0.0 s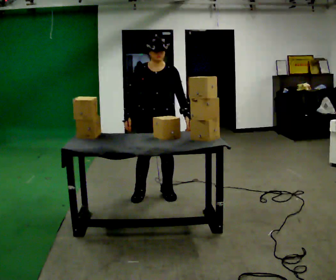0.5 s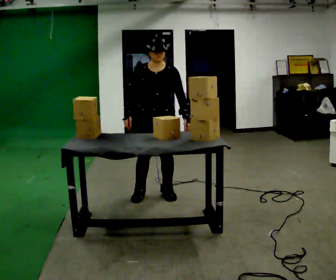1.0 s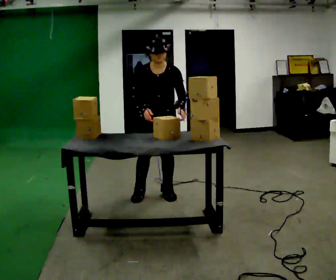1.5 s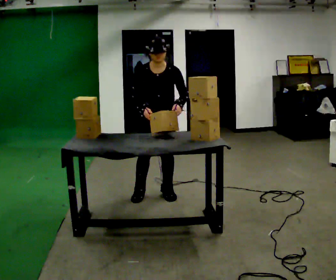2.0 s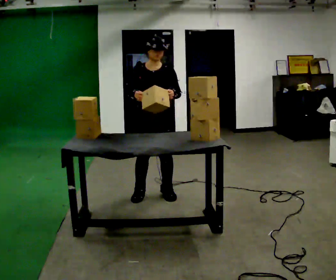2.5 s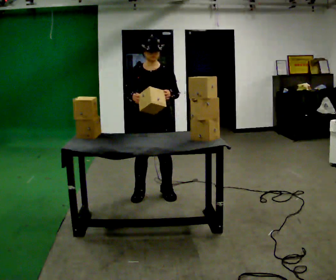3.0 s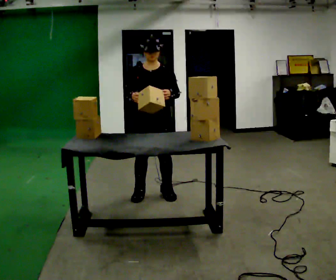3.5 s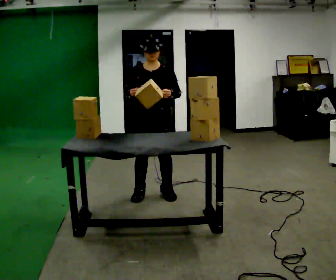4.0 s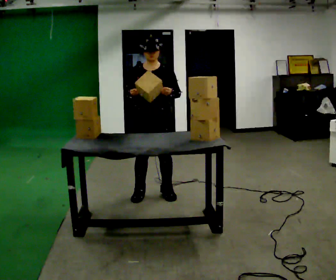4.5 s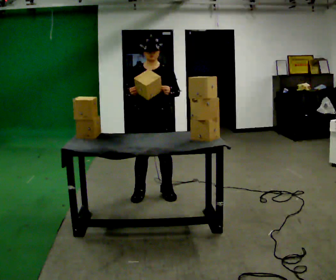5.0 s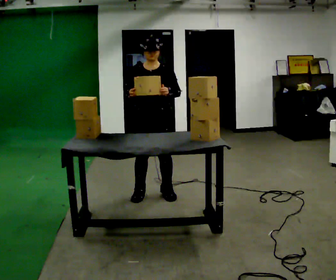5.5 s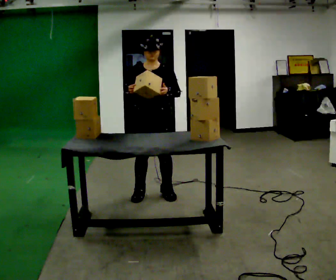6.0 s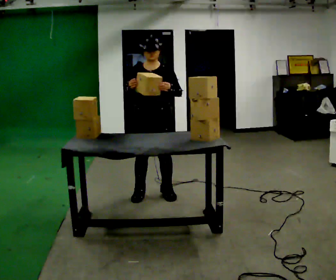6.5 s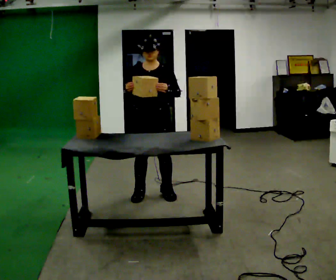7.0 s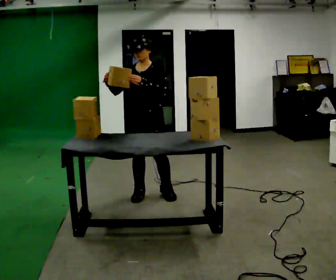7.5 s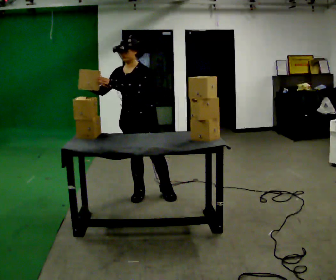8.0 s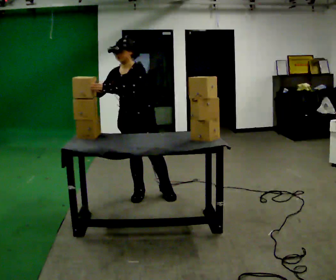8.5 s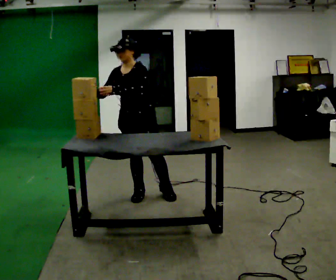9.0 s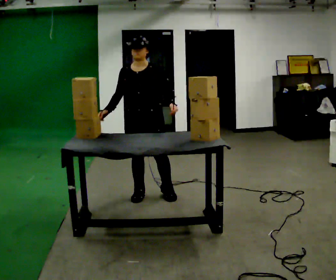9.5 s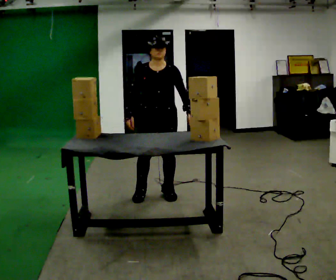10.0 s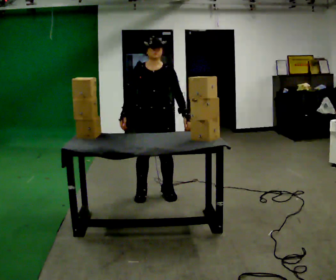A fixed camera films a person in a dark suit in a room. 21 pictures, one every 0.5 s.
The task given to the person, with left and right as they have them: Hold the box, turn it so you can read the label, and read it out loud. Then swap to the next box. Repeat at your own pace until the operator says stop. Keep both feet on the marked spots for the whole take. If you have to step, stop and tell the operator.
0.0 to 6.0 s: The person moves a little, or ends about where they began.
6.0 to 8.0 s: The part of the body nearest the lens slides to the left as the person turns to their right by about 30 degrees. In the picture their left hand goes to the left.
8.0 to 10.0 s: The part of the body nearest the lens slides to the right as the person turns to their left by about 30 degrees. In the picture they go to the right, about 0.25 m, which for them is to their left. In the picture their left hand goes to the right.
The film runs forward here.
